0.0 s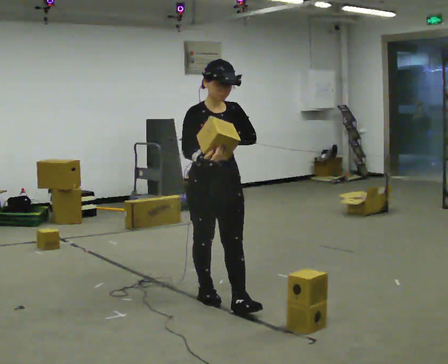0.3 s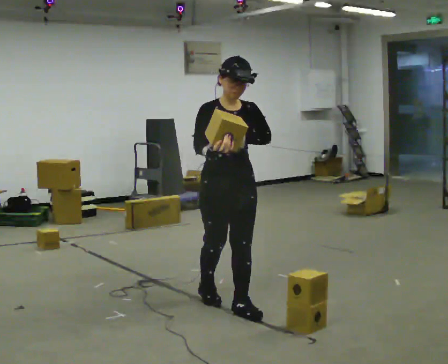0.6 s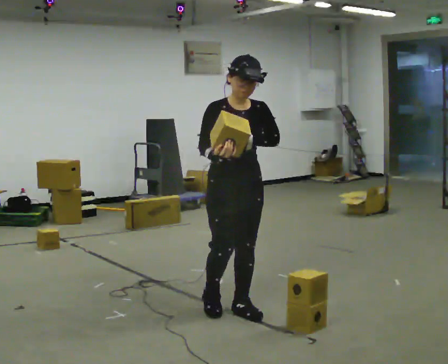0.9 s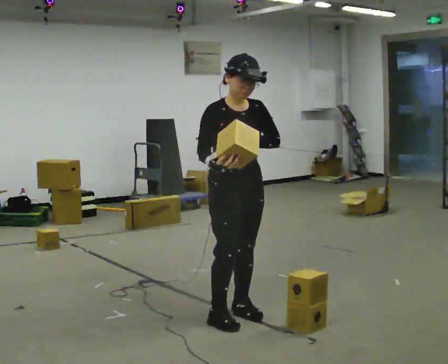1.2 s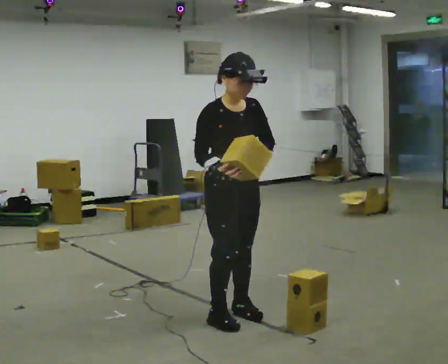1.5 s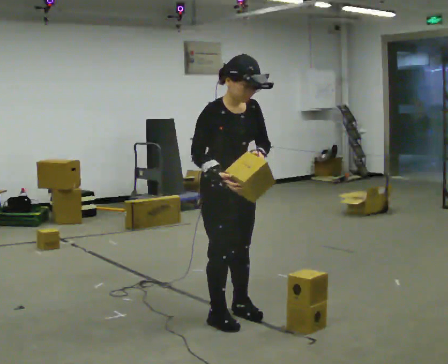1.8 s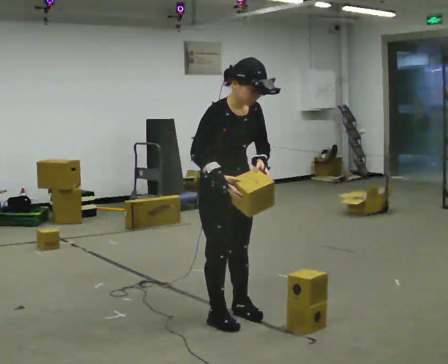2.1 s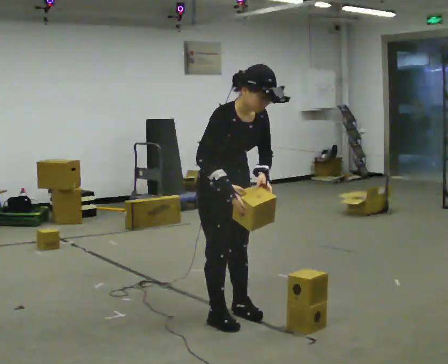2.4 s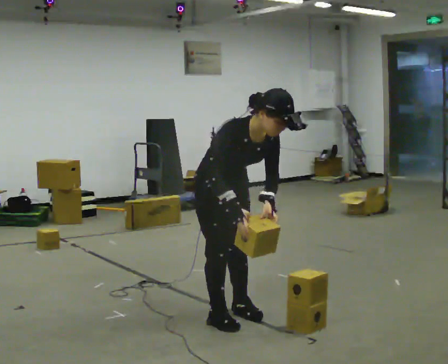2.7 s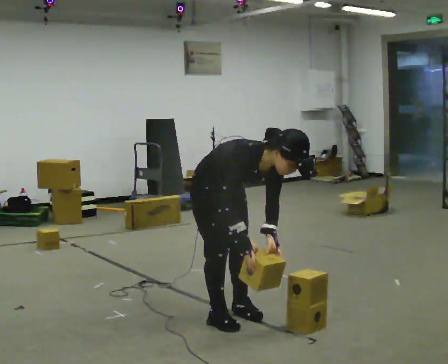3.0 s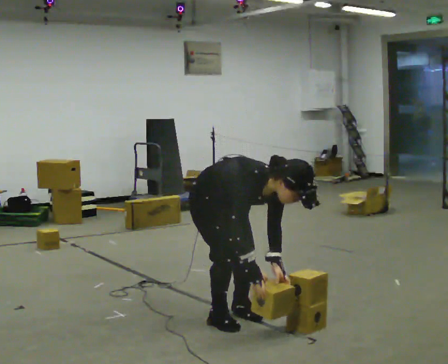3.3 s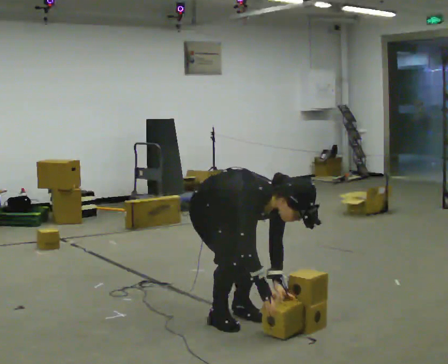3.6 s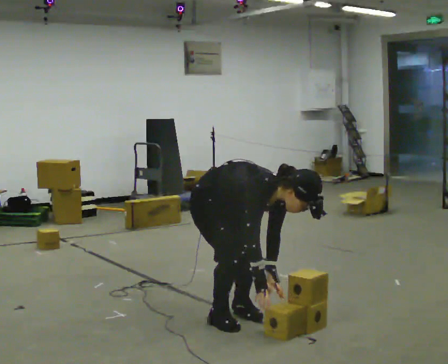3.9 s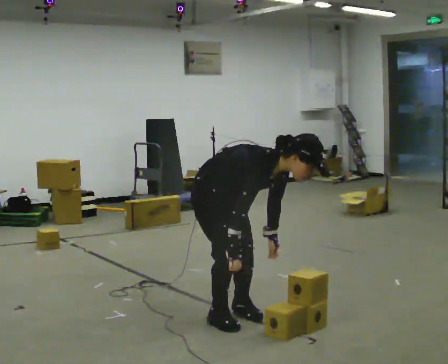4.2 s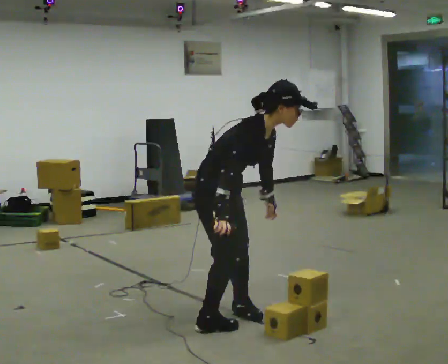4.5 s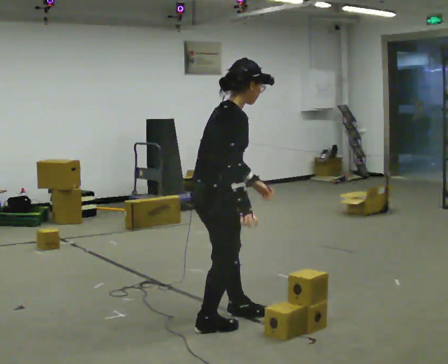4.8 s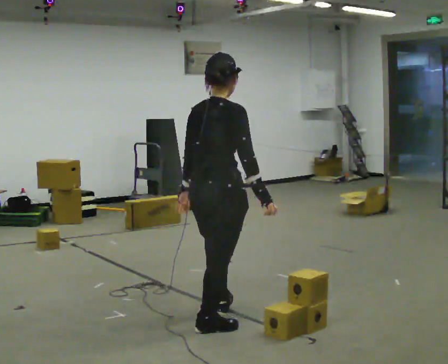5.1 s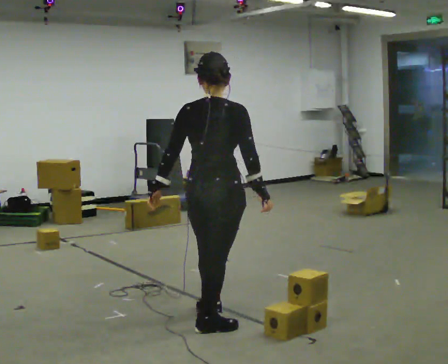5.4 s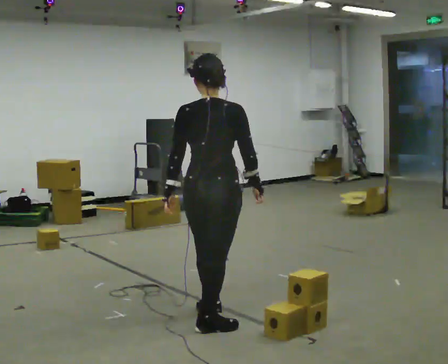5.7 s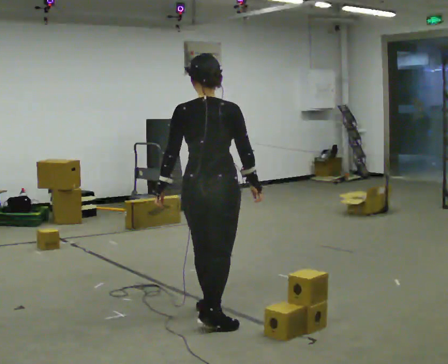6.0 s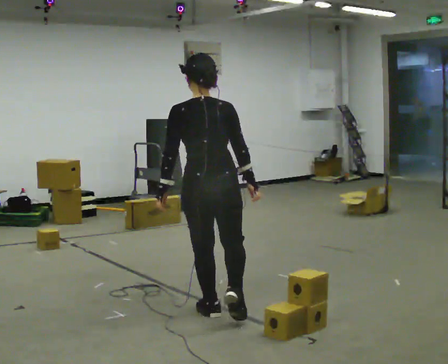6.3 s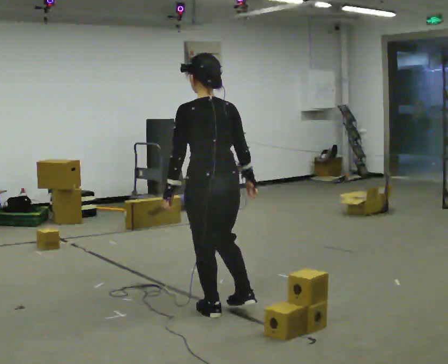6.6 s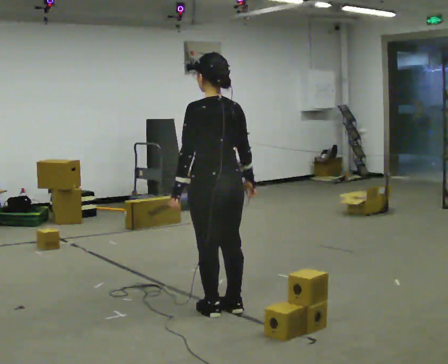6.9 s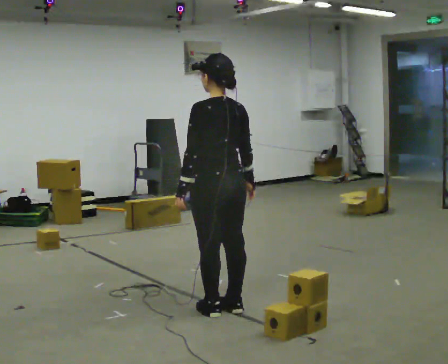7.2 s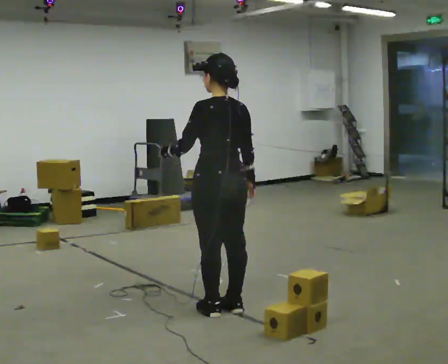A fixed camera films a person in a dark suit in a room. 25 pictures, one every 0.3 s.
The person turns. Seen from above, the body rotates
counterclockwise.
The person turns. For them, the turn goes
to their left.
0.0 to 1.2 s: In the picture they go toward the camera, about 0.25 m in 1 step, which for them is forward.
1.2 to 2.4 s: The upper body goes downward. In the picture the upper body tilts clockwise, shoulders to the right, as they bend forward. In the picture their left hand goes downward.
2.4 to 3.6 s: The upper body goes downward. In the picture the upper body tilts clockwise, shoulders to the right, as they bend forward. In the picture their left hand goes downward.
3.6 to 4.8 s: The person turns about 90 degrees to their left, counterclockwise seen from above, so the part of the body nearest the lens slides to the right. In the picture they go toward the camera, about 0.25 m in 1 step. The shoulders move upward. In the picture the upper body tilts counterclockwise, shoulders to the left, as they lean back or straighten. In the picture their right hand goes upward.
4.8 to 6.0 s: The person turns about 60 degrees to their left, counterclockwise seen from above, so the part of the body nearest the lens slides to the right. In the picture they go away from the camera, about 0.25 m, which for them is forward.
6.0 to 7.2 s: The person turns about 30 degrees to their left, counterclockwise seen from above, so the part of the body nearest the lens slides to the right.
The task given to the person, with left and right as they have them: Carry the box and, while you are still walking, turn it so you can read the label, read it out loud, then carry on. Repeat with the next box. Do not stop to read it.
The film runs forward here.
